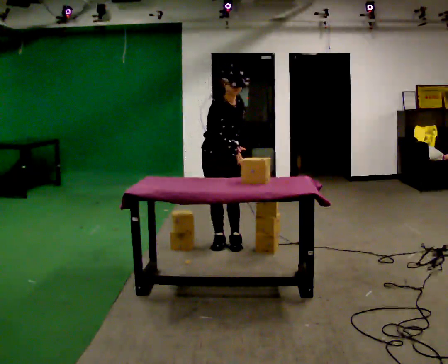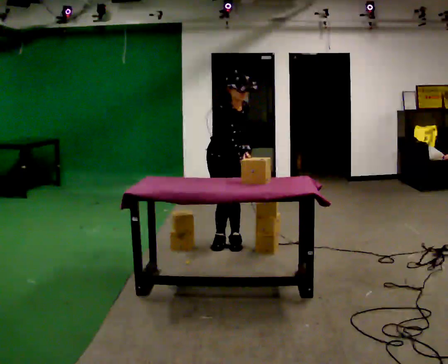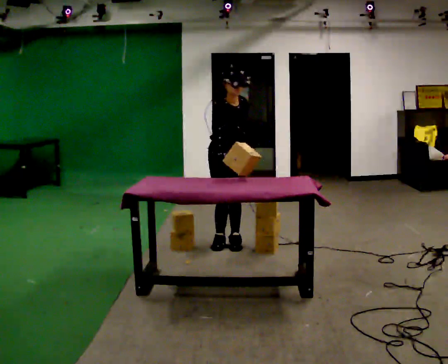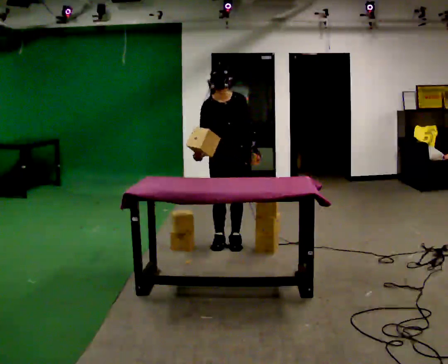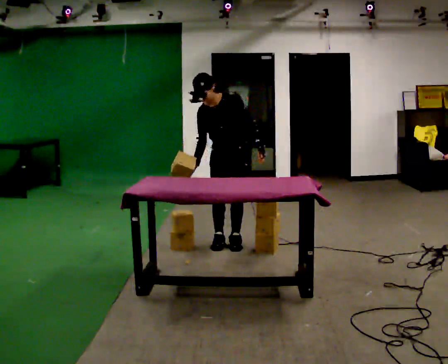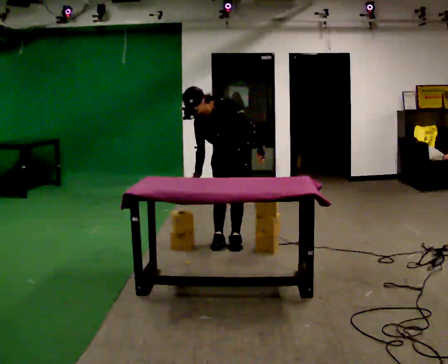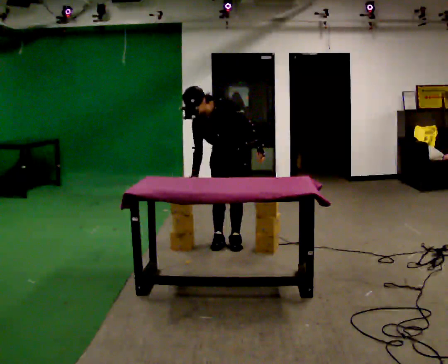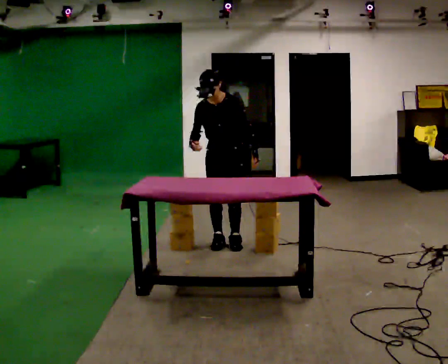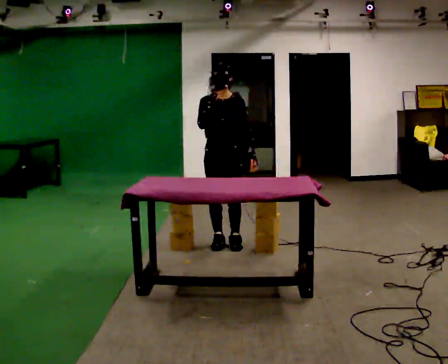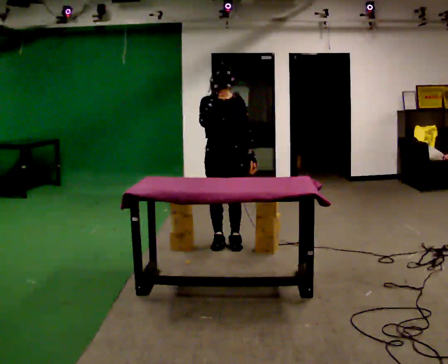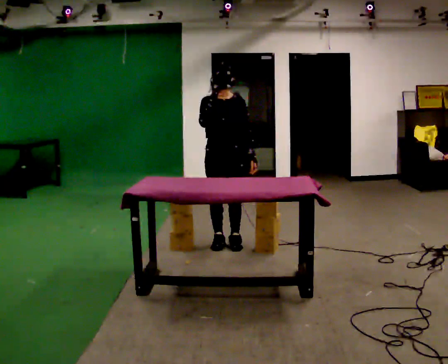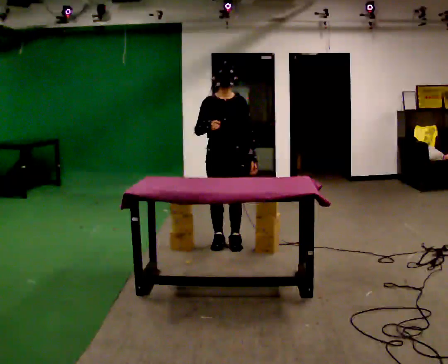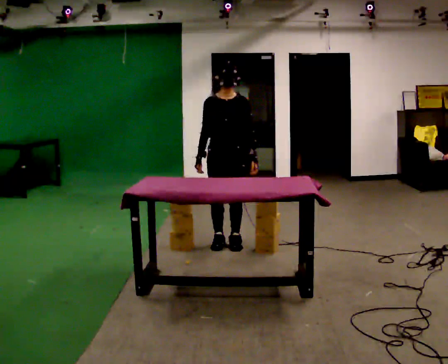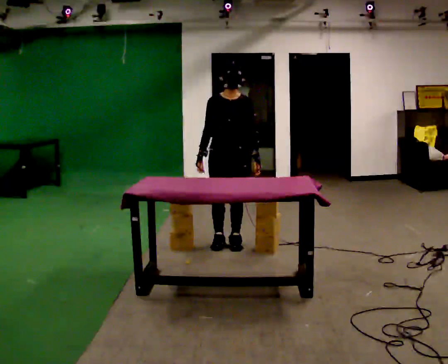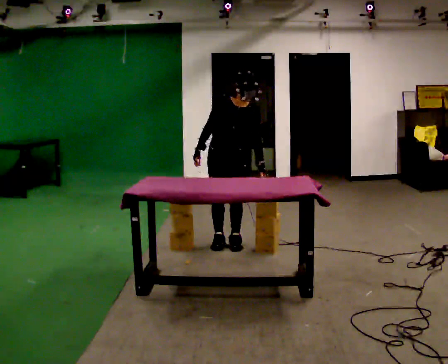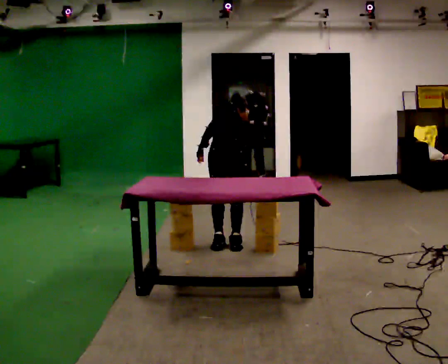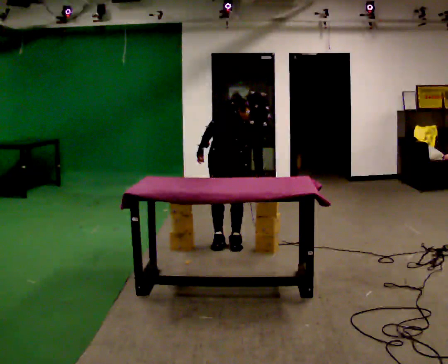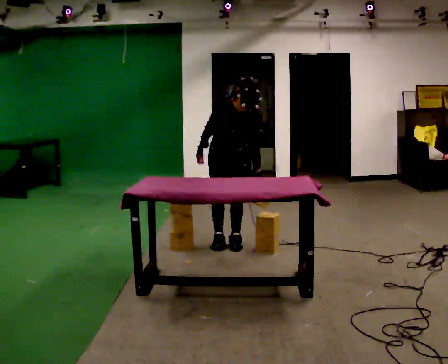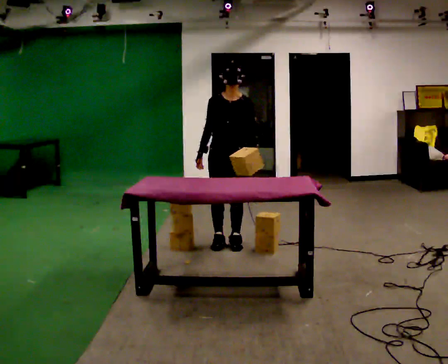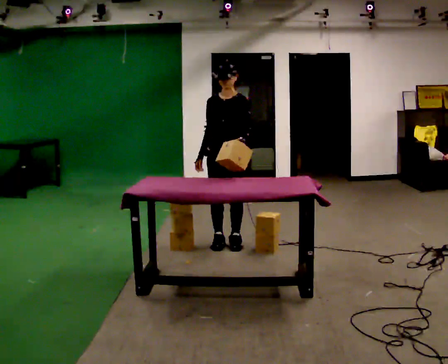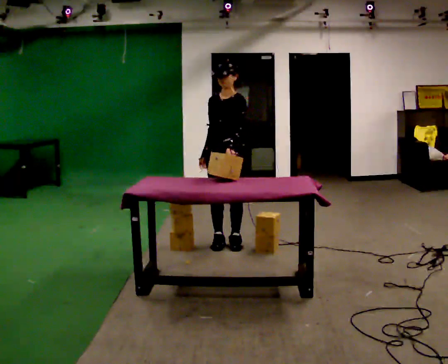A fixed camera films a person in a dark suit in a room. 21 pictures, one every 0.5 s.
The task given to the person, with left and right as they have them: Pick an object up off the floor at your feet and place it on the waist-height shelf in front of you. Repeat at your own pace until the operator says stop. Keep both feet on the marked spots for the whole take. If you have to step, stop and tell the operator.
0.0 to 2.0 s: Seen from above the body turns clockwise, about 45 degrees: to their right, with its near side sliding to the left. In the picture the upper body tilts counterclockwise, shoulders to the left. In the picture their right hand goes to the left.
2.0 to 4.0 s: In the picture their right hand goes upward.
4.0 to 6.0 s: In the picture their right hand goes downward.
6.0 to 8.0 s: The upper body tips toward the camera, its near side rolling downward, as they bend forward.
8.0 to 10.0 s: Seen from above the body turns clockwise, about 30 degrees: to their right, with its near side sliding to the left. In the picture they go toward the camera, about 0.25 m, which for them is forward. The upper body tips away from the camera, its near side rolling upward, as they lean back or straighten. In the picture their left hand goes upward.
The film runs forward here.
